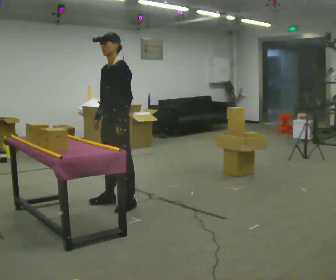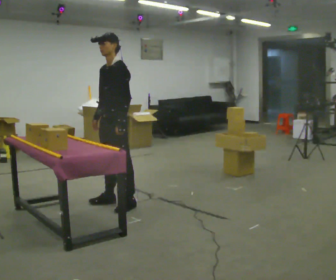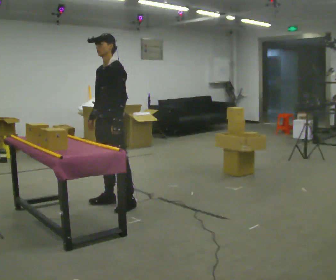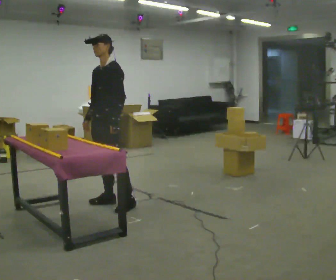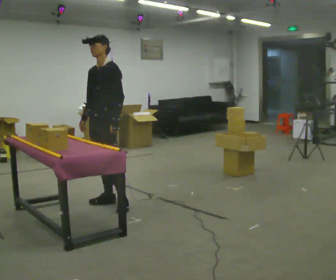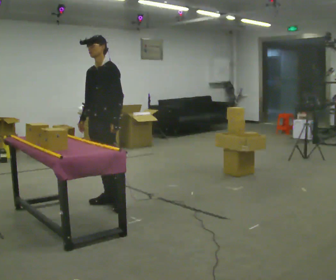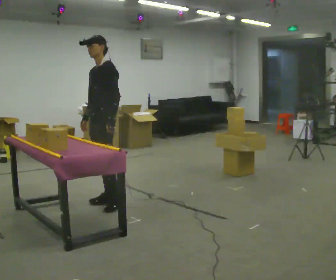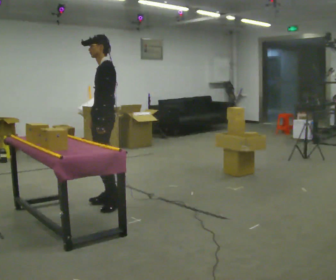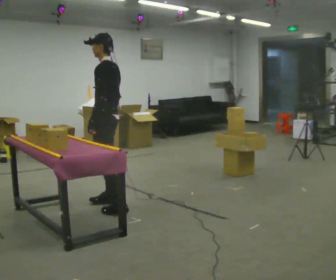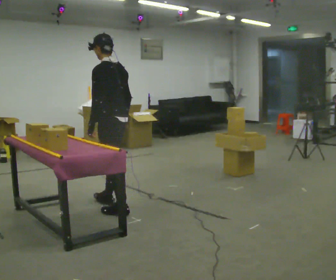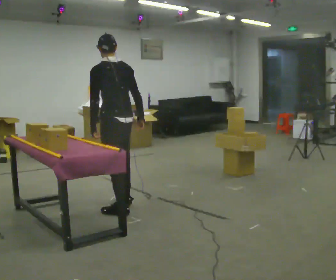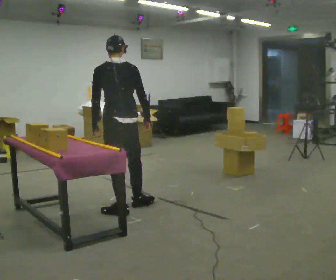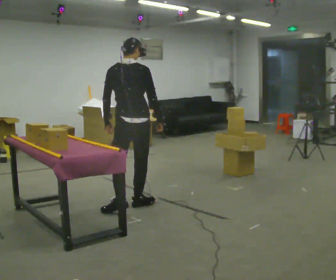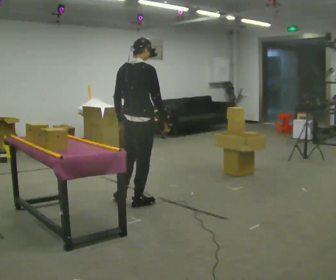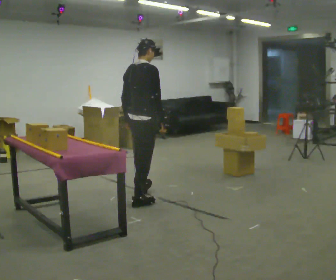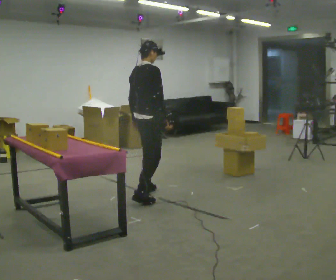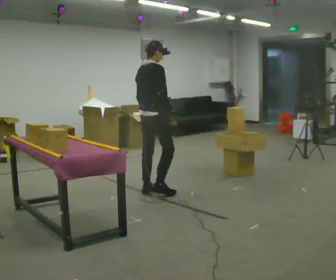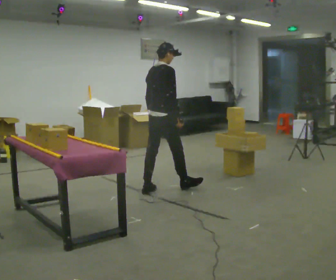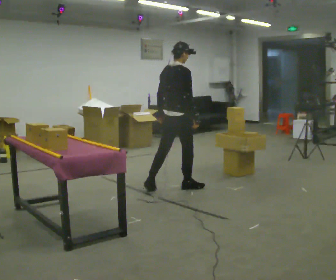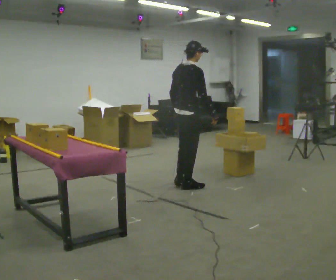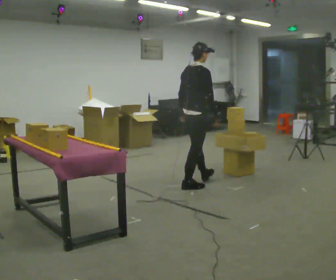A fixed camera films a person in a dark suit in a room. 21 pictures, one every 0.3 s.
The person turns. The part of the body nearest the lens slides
to the left.
The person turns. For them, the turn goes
to their right.
0.0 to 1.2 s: The person moves a little, or ends about where they began.
1.2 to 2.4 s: The person turns about 60 degrees to their right, clockwise seen from above, so the part of the body nearest the lens slides to the left. In the picture their right hand goes to the right.
2.4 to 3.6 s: The person turns about 90 degrees to their right, clockwise seen from above, so the part of the body nearest the lens slides to the left. In the picture they go to the right, about 0.25 m in 1 step. In the picture their right hand goes to the right.
3.6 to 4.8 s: The part of the body nearest the lens slides to the left as the person turns to their right by about 45 degrees. In the picture they go away from the camera and to the right, about 0.5 m in 1 step, which for them is forward.
4.8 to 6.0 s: In the picture they go to the right, about 0.5 m in 1 step, which for them is forward and to their right.
The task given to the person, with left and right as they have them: Carry the object over and fit it into the gap between the two boxes already on the shelf, without touching either of them. Keep going until the operator says stop; one object at a time, and do not rush between trips.
The film runs forward here.
